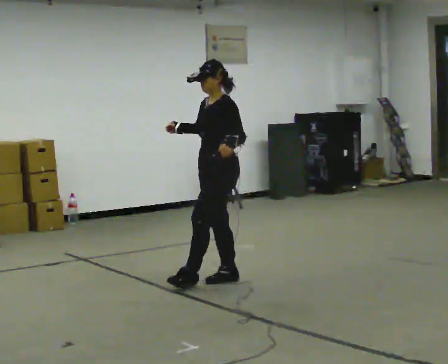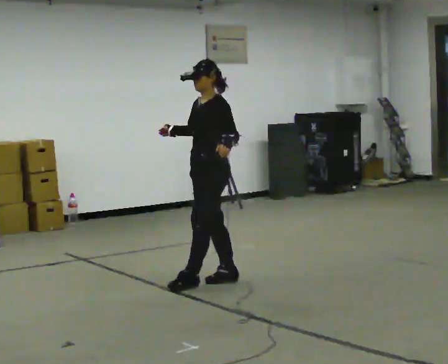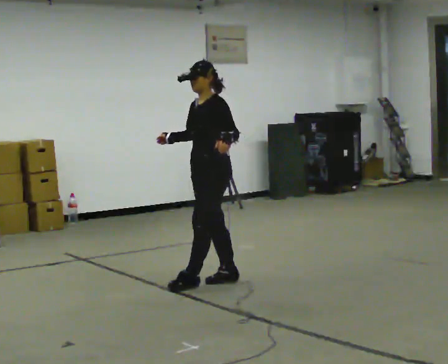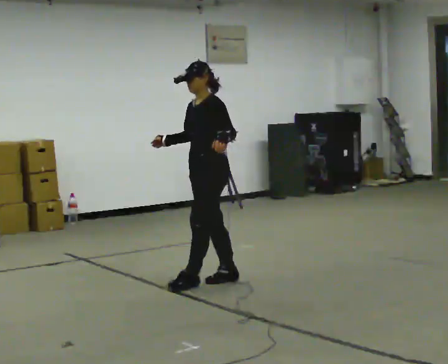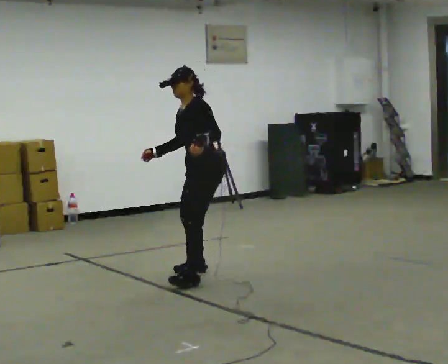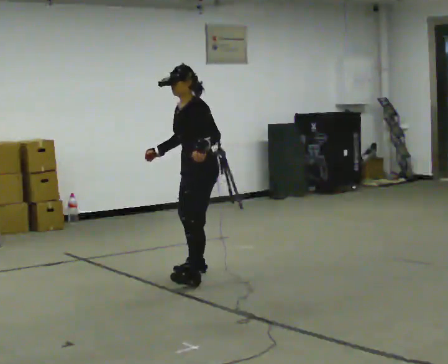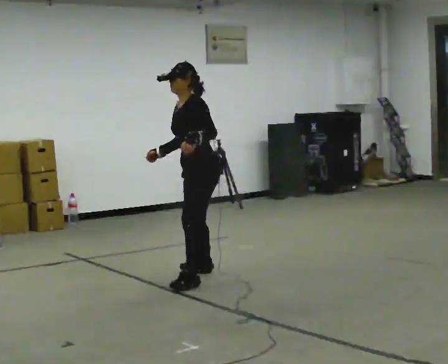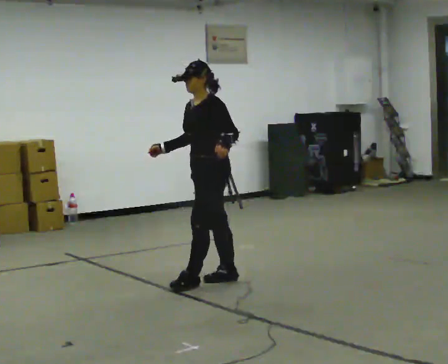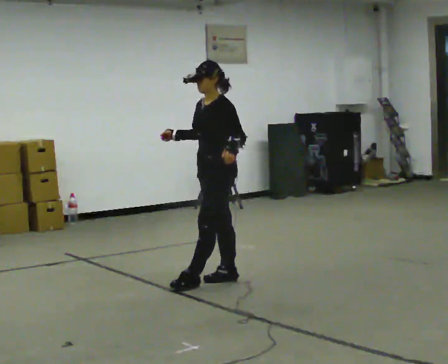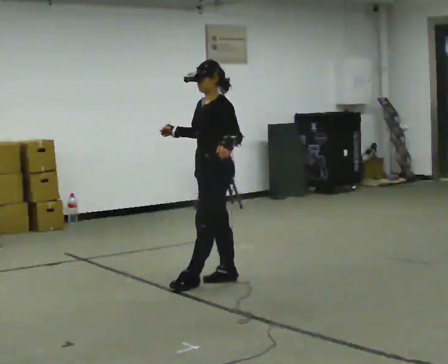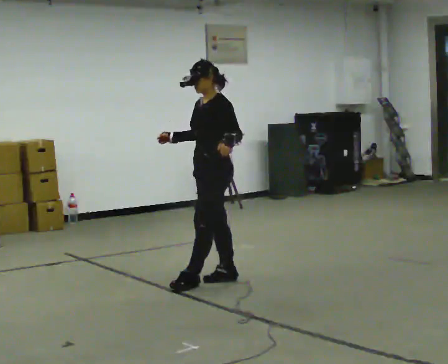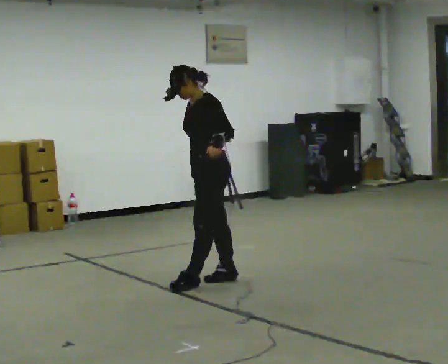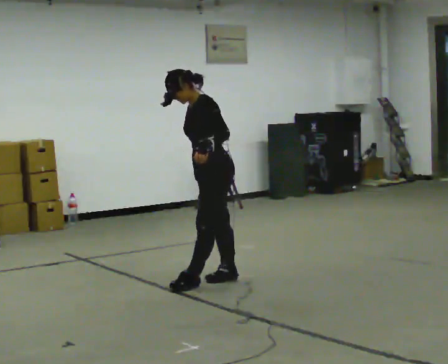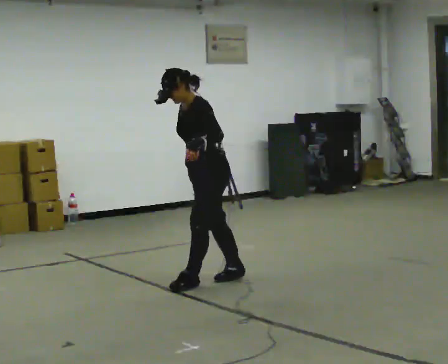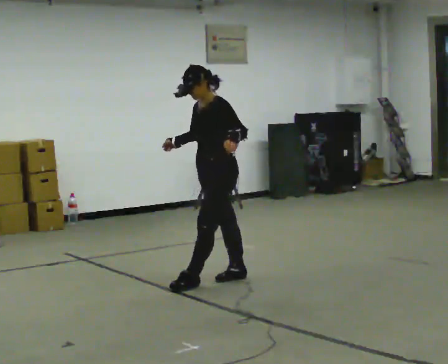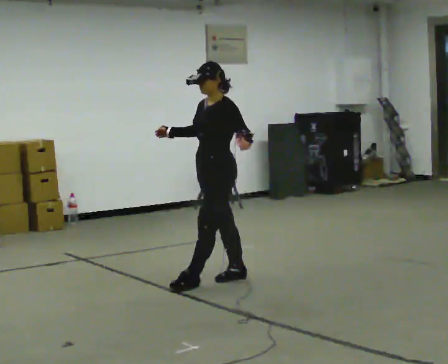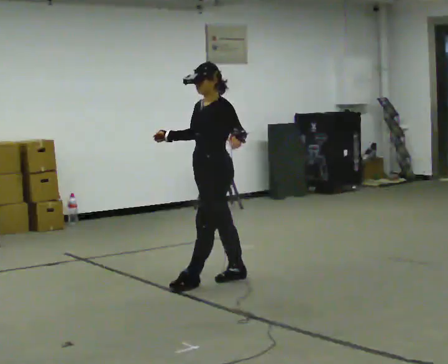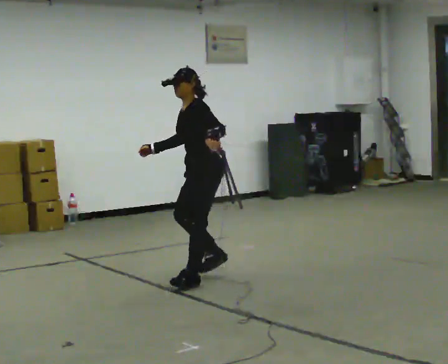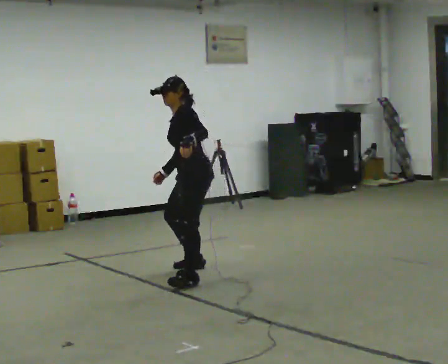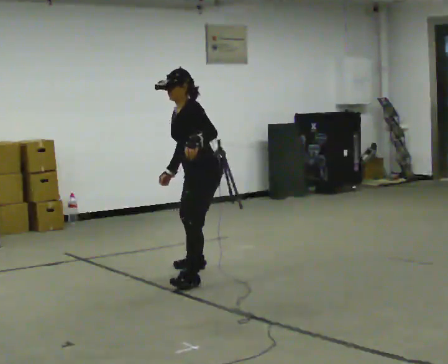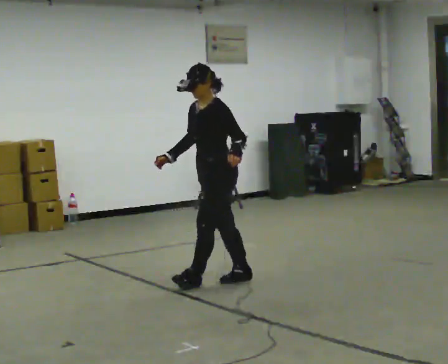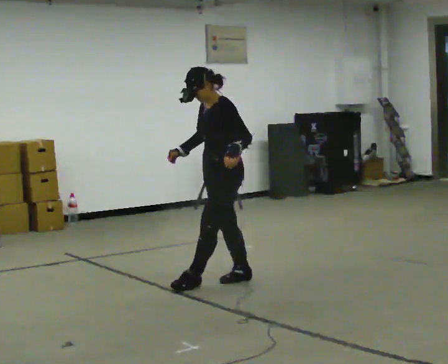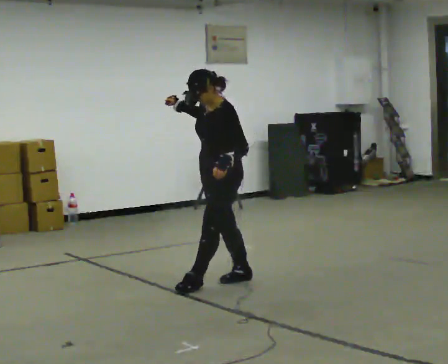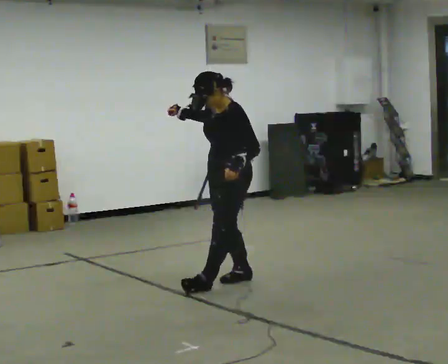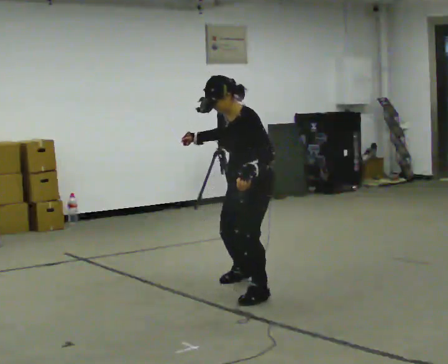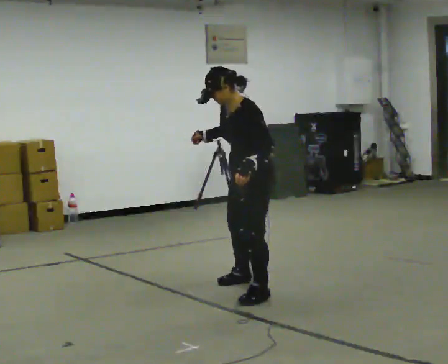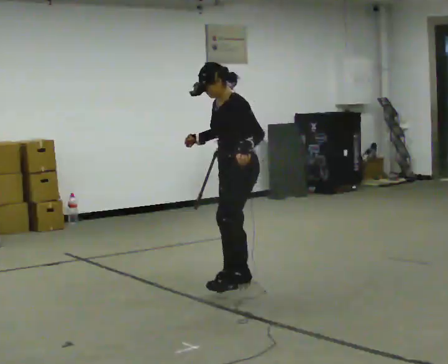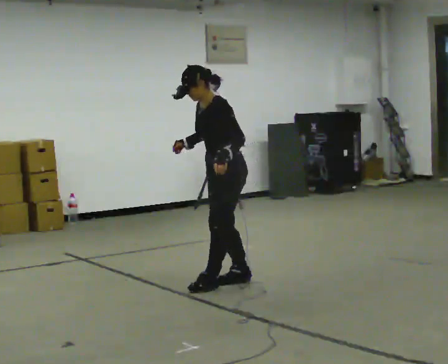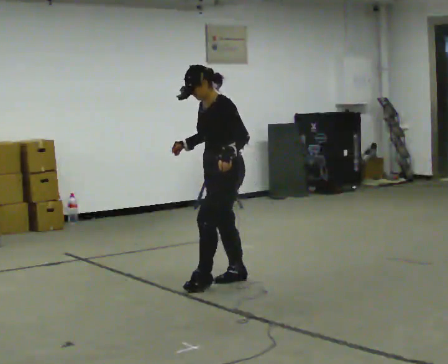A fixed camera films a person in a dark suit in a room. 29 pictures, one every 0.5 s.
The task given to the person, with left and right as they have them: Stand with one foot directly in front of the other, heel to toe, on the marked line. Hold your balance until you lose it, then step out. Repeat at your own pace until the operator says stop. Go slowly and only as far as you are comfortable. Step whenever you need to; do not try to hold on longer than feels safe.
0.0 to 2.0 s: In the picture they go away from the camera, about 0.25 m in 1 step, which for them is to their right. In the picture the upper body tilts counterclockwise, shoulders to the left.
2.0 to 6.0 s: In the picture they go toward the camera, about 0.25 m in 1 step, which for them is to their left. In the picture their right hand goes to the right.
6.0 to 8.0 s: In the picture the upper body tilts clockwise, shoulders to the right.
8.0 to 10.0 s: The person moves a little, or ends about where they began.
10.0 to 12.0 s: In the picture they go toward the camera and to the right, about 0.5 m in 1 step, which for them is to their left.
12.0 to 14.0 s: In the picture they go away from the camera and to the left, about 0.25 m in 1 step, which for them is to their right.
The film runs forward here.
